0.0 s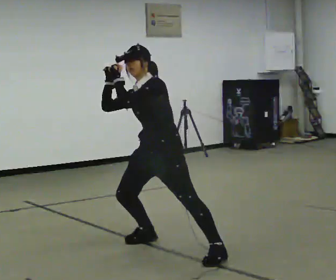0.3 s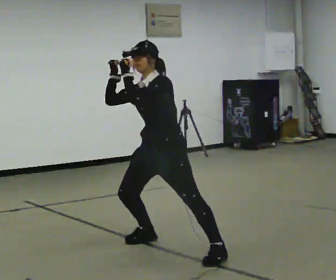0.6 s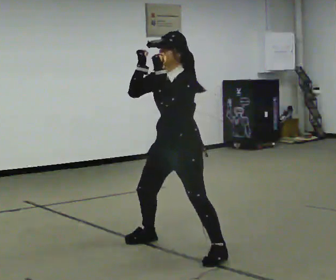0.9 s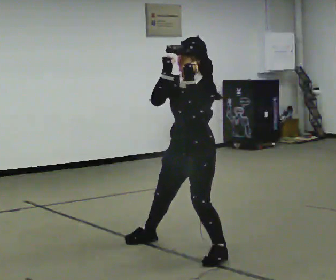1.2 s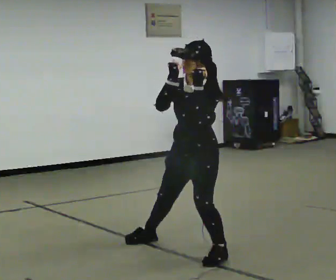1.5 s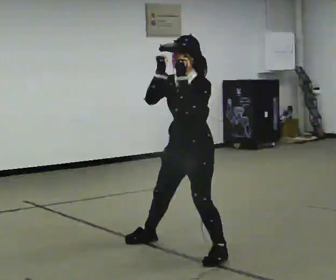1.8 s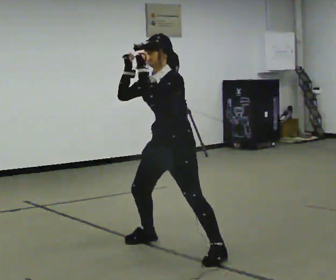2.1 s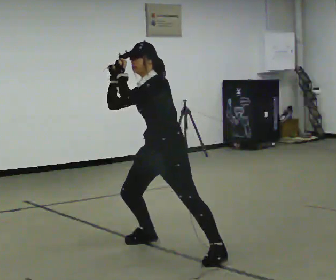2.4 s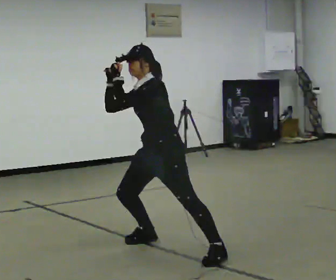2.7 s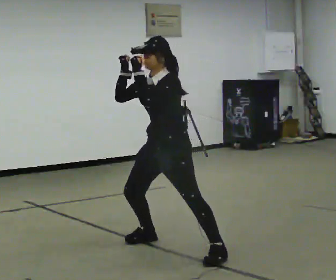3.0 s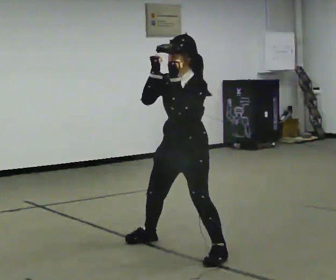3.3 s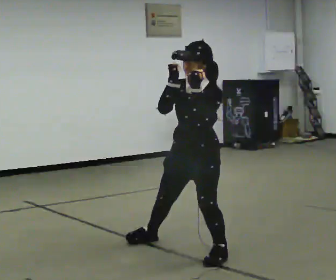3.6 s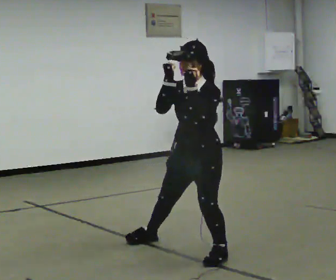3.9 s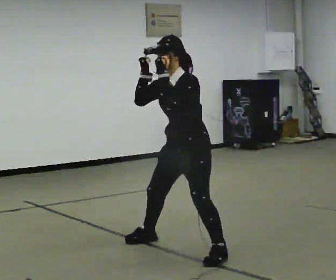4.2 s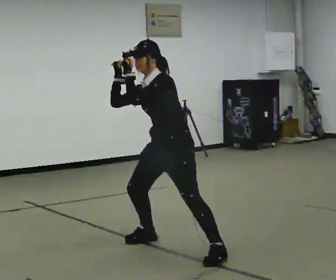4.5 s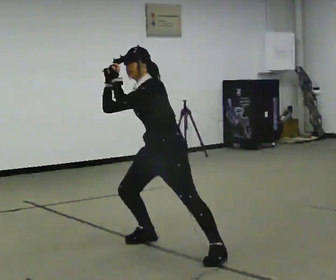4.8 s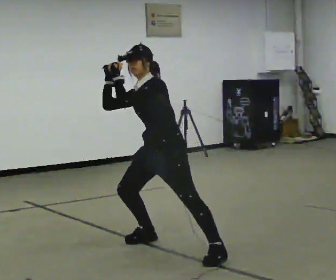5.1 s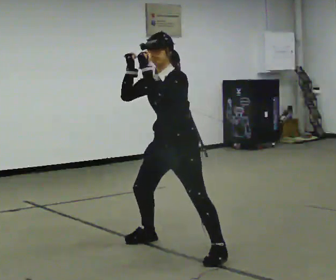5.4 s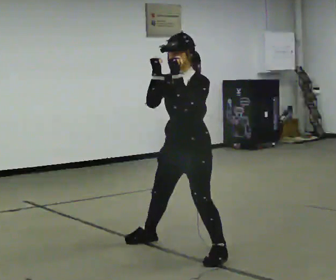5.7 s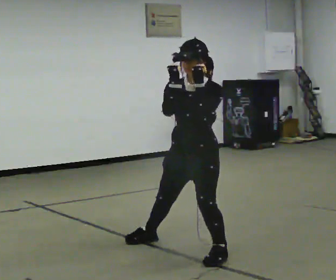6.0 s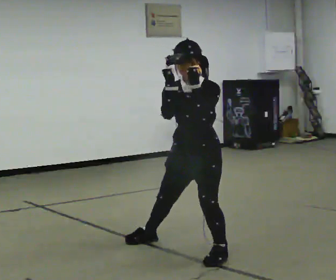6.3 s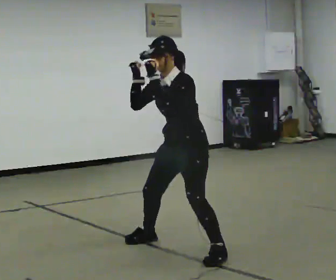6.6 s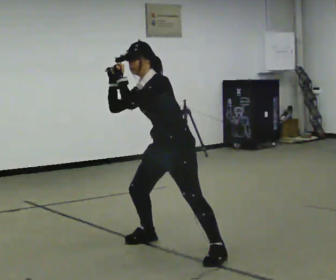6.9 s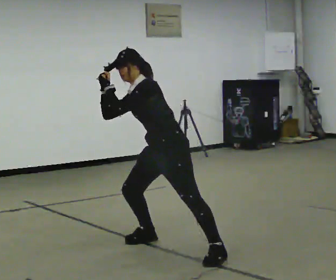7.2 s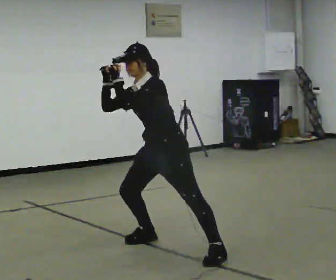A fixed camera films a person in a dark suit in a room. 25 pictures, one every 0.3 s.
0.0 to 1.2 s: In the picture they go to the right and toward the camera, about 0.25 m, which for them is to their left. The upper body tips toward the camera, its near side rolling downward.
1.2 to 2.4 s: In the picture they go to the left and away from the camera, about 0.25 m, which for them is to their right. The upper body tips away from the camera, its near side rolling upward.
2.4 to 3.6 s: In the picture they go to the right and toward the camera, about 0.25 m, which for them is to their left. The upper body tips toward the camera, its near side rolling downward.
3.6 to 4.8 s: In the picture they go to the left and away from the camera, about 0.25 m, which for them is to their right. The upper body tips away from the camera, its near side rolling upward.
4.8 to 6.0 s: In the picture they go to the right and toward the camera, about 0.25 m, which for them is to their left. The upper body tips toward the camera, its near side rolling downward.
6.0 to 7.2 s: In the picture they go away from the camera and to the left, about 0.25 m, which for them is to their right. In the picture the upper body tilts counterclockwise, shoulders to the left.
The film runs backward here.
